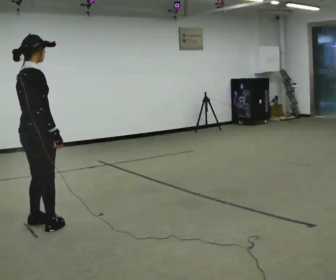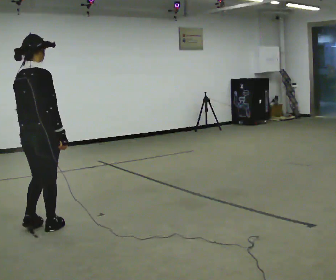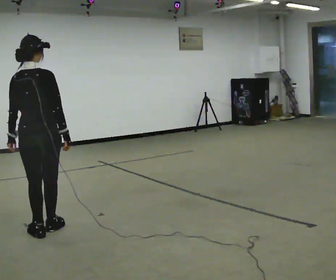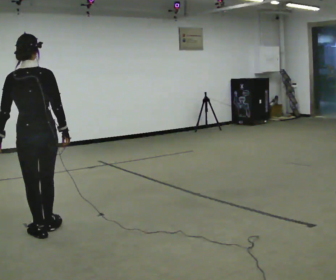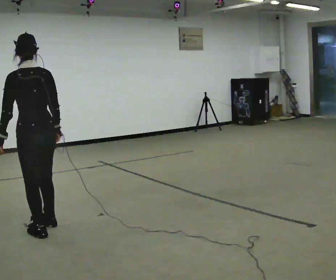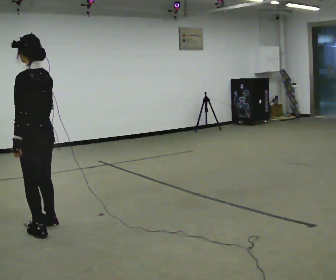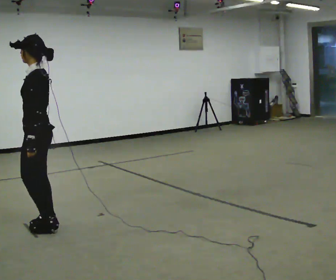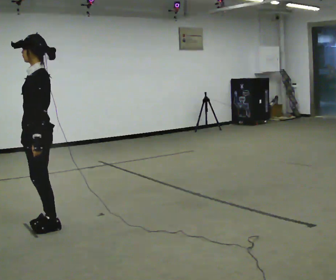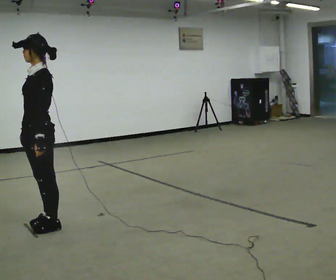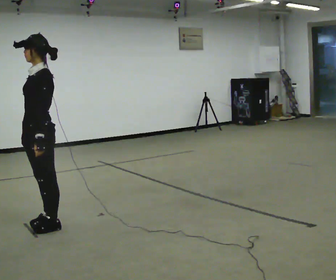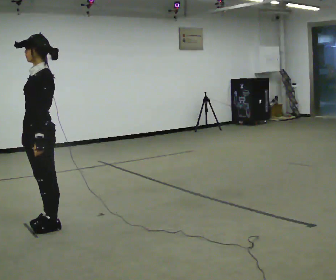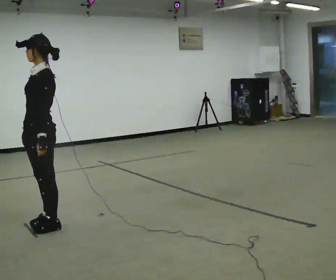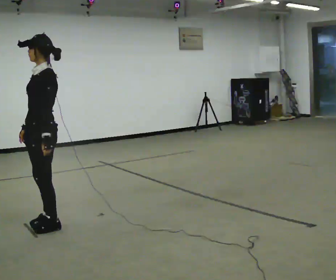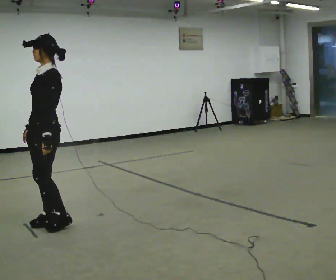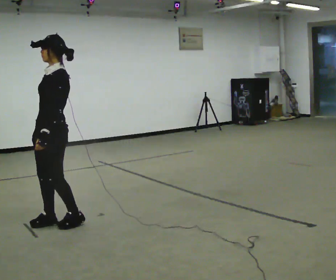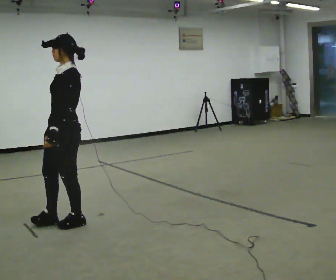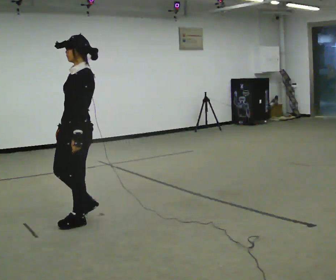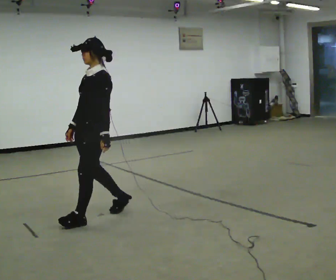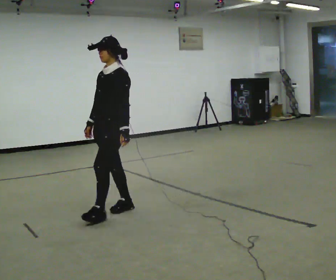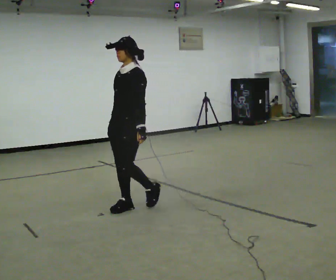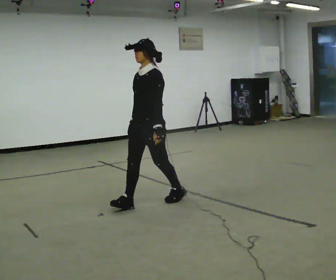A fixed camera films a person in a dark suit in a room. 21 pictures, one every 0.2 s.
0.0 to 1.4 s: Seen from above the body turns counterclockwise, about 165 degrees: to their left, with its near side sliding to the right.
1.4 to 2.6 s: The person moves a little, or ends about where they began.
2.6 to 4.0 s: In the picture they go to the right, about 1 m in 2 steps, which for them is backward.
The film runs backward here.
